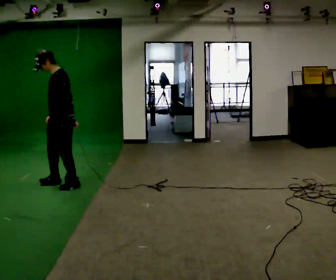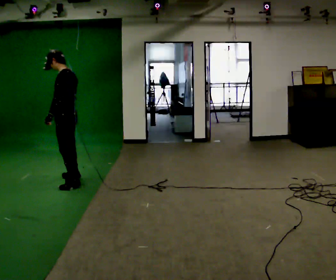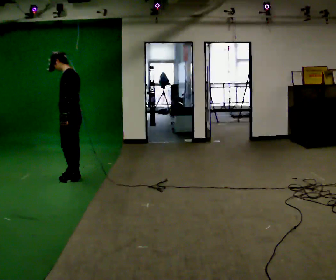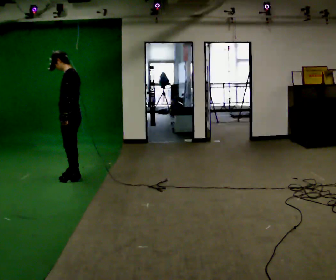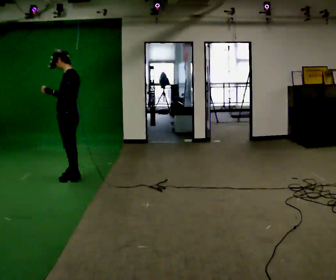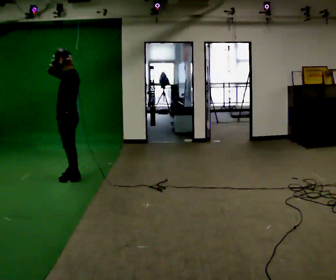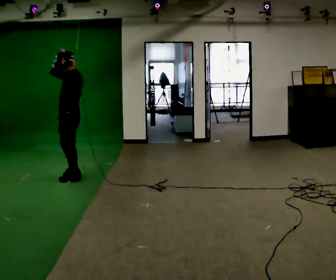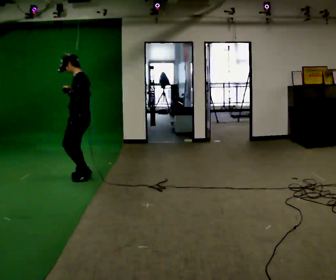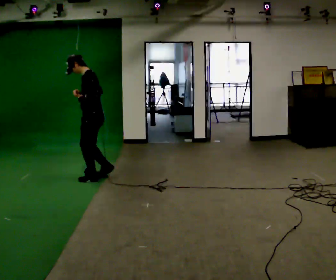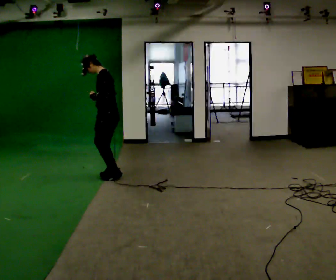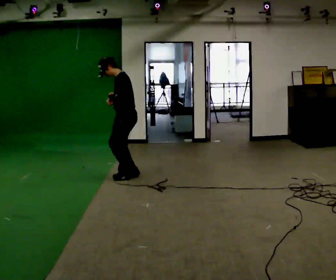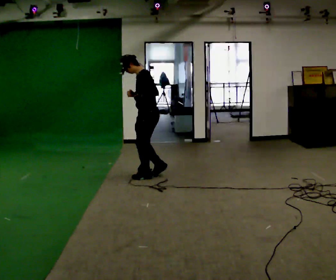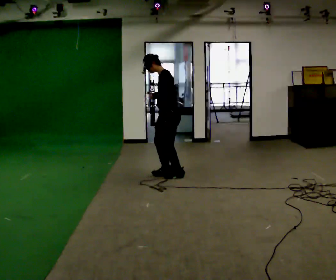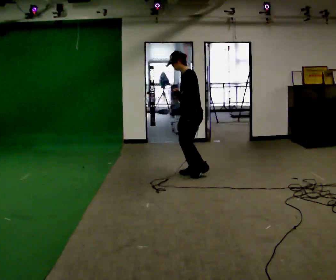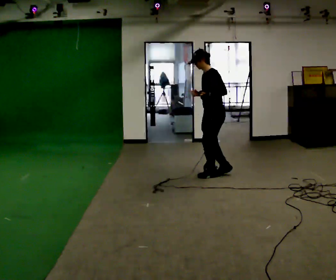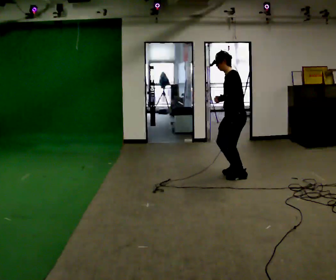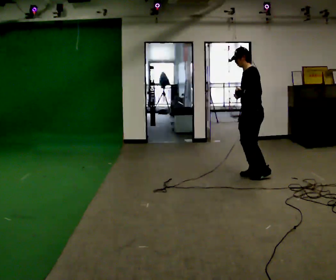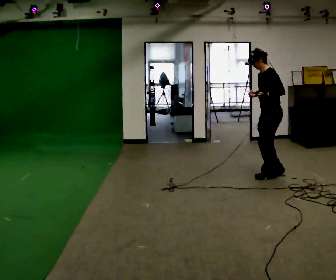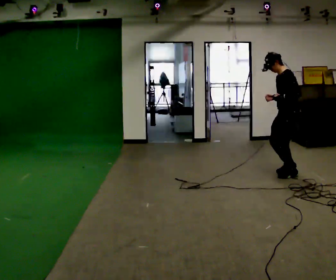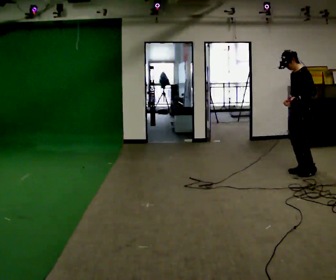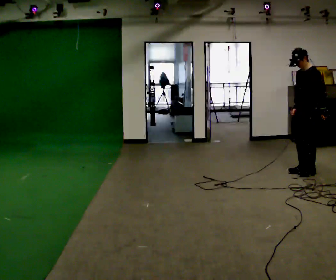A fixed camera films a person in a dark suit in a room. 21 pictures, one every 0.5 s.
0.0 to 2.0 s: The part of the body nearest the lens slides to the left as the person turns to their right by about 30 degrees. In the picture they go away from the camera, about 0.25 m in 2 steps, which for them is to their right. In the picture their left hand goes upward.
2.0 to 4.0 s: In the picture they go to the right, about 0.25 m in 2 steps, which for them is backward.
4.0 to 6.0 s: In the picture they go to the right, about 1 m in 6 steps, which for them is backward.
6.0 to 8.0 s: In the picture they go to the right, about 1 m in 5 steps, which for them is backward.
8.0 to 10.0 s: In the picture they go to the right, about 0.75 m in 5 steps, which for them is backward.
The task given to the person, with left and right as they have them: Jog backward at a comfortable pace. The operator confirms the space behind you is clear before each take.
The film runs forward here.
